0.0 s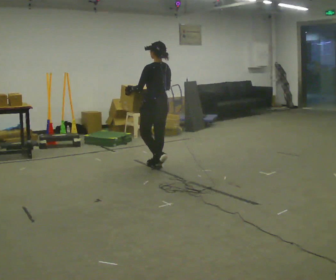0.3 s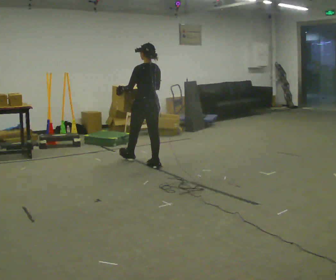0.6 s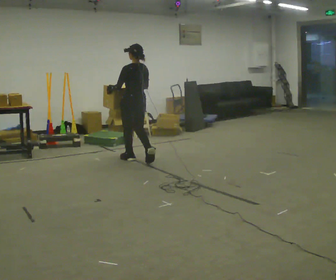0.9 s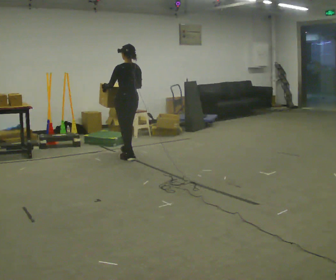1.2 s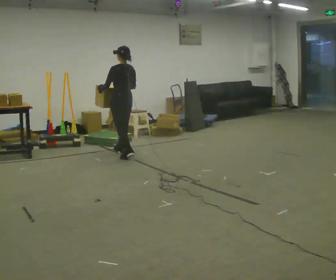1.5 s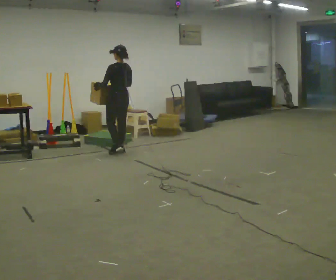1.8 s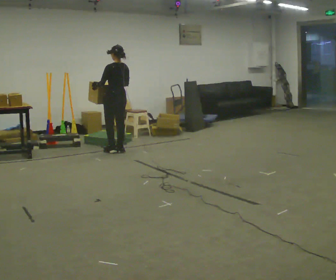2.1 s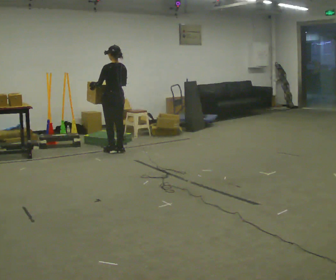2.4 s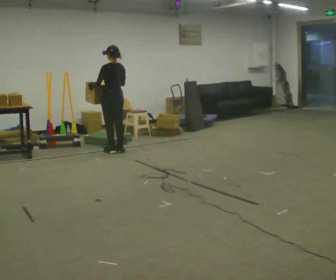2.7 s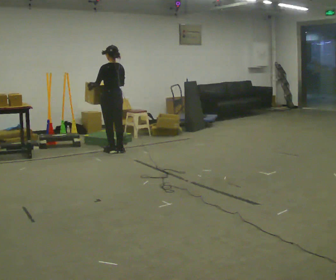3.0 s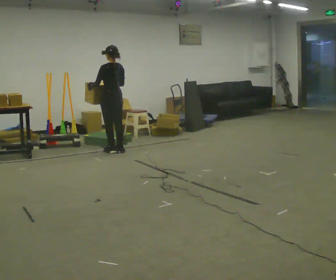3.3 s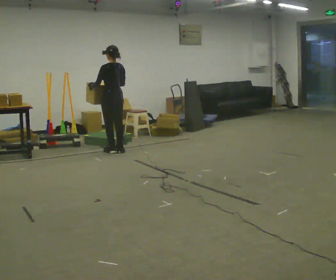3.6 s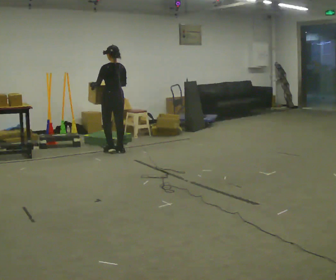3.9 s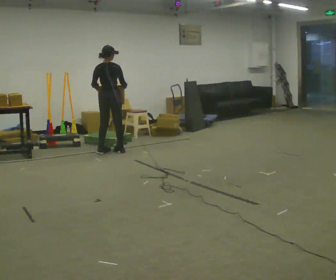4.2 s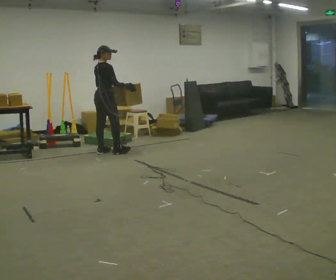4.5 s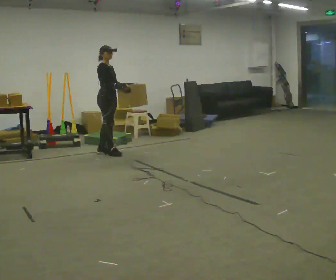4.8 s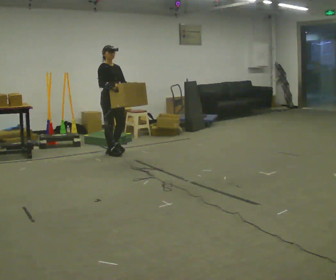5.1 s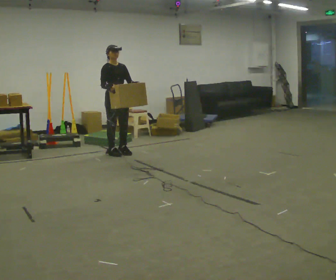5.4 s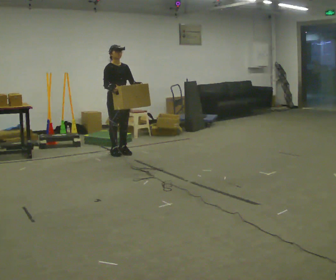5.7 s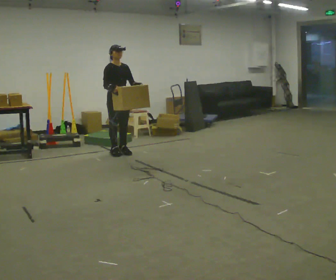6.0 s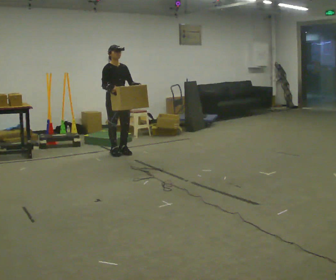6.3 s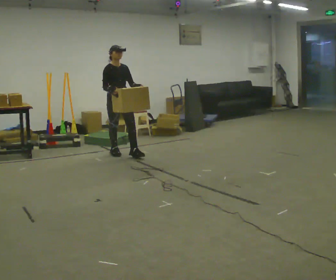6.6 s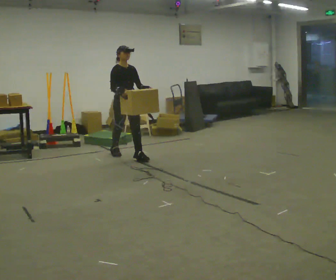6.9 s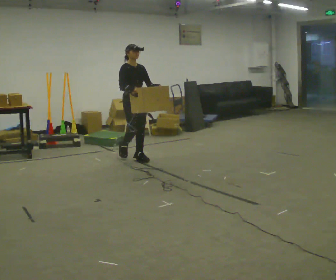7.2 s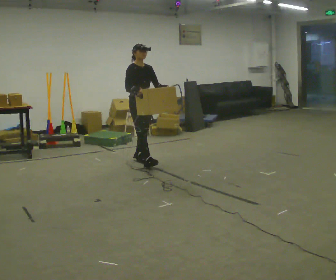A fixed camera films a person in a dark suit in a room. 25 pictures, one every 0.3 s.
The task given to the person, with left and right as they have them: Carry the box across the room, stopping and starting again each time the operator says stop and go. Do not set the box down.
0.0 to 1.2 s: In the picture they go away from the camera and to the left, about 1 m in 2 steps, which for them is forward.
1.2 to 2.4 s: In the picture they go away from the camera, about 0.25 m in 1 step, which for them is forward.
2.4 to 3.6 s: The person moves a little, or ends about where they began.
3.6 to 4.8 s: Seen from above the body turns clockwise, about 165 degrees: to their right, with its near side sliding to the left. In the picture they go toward the camera, about 0.25 m in 2 steps.
4.8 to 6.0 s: The person moves a little, or ends about where they began.
6.0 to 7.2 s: In the picture they go toward the camera and to the right, about 0.5 m in 1 step, which for them is forward.
The film runs forward here.
